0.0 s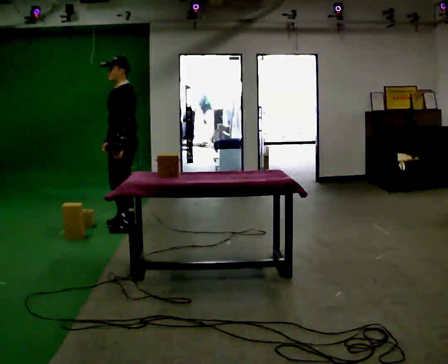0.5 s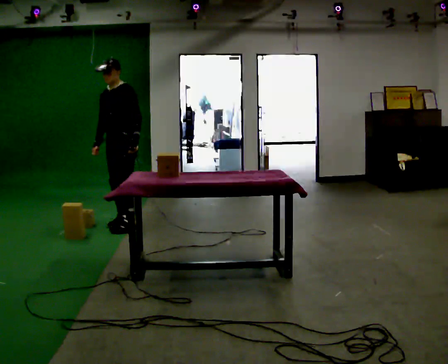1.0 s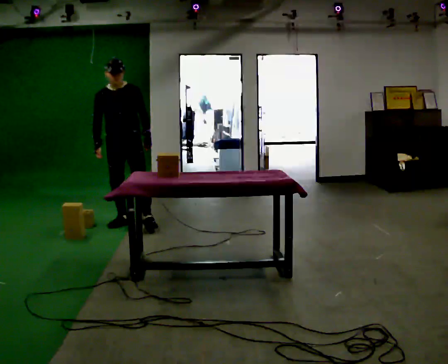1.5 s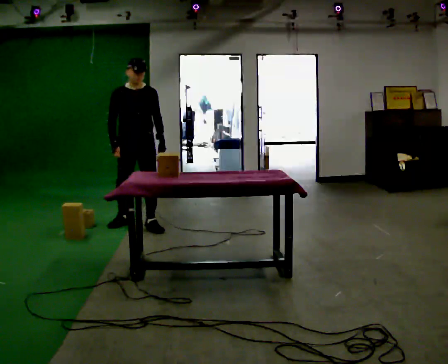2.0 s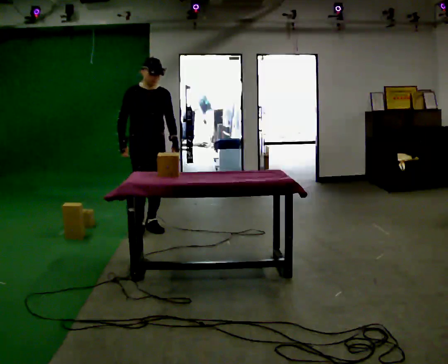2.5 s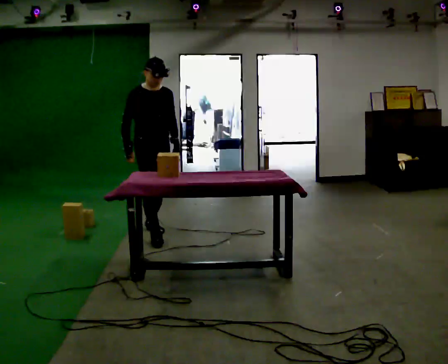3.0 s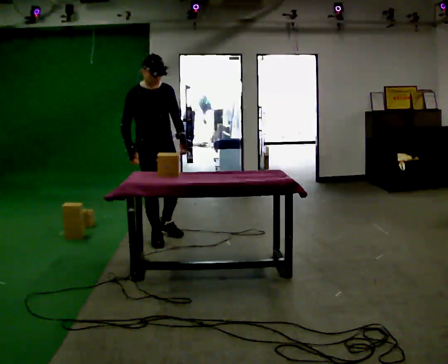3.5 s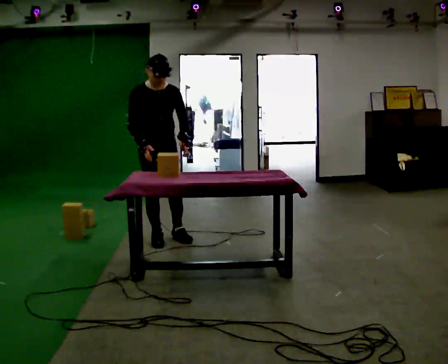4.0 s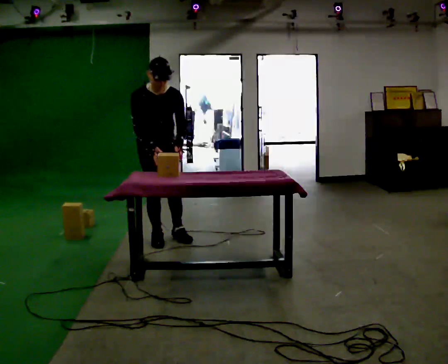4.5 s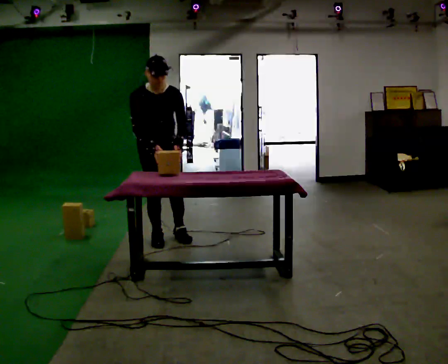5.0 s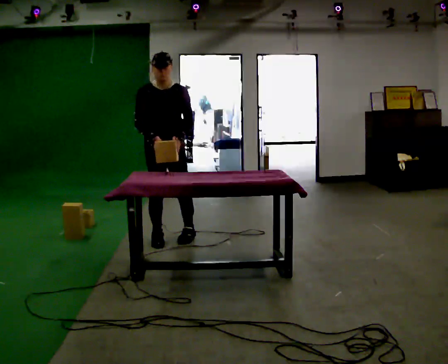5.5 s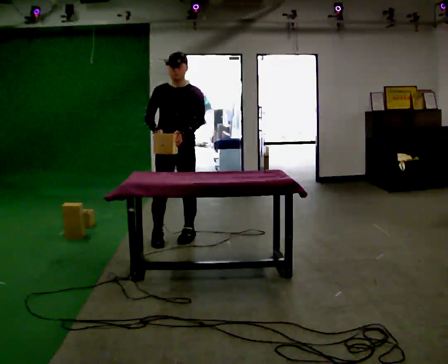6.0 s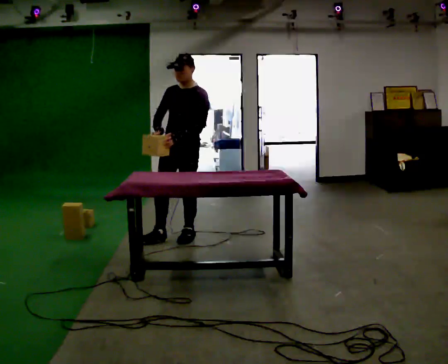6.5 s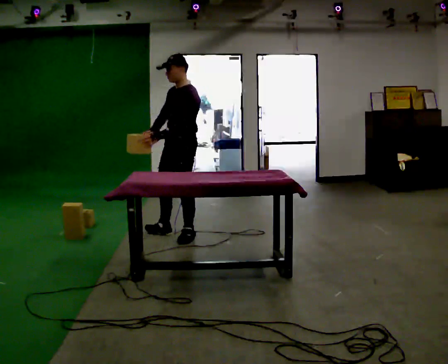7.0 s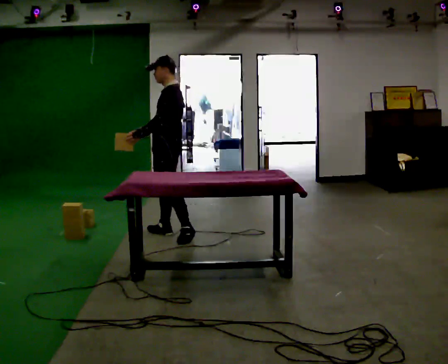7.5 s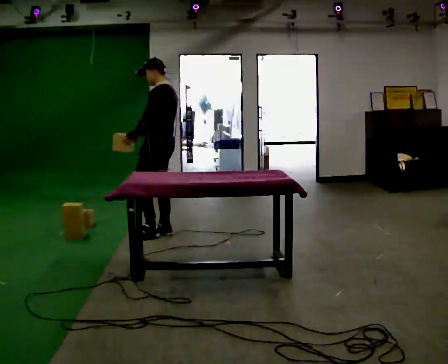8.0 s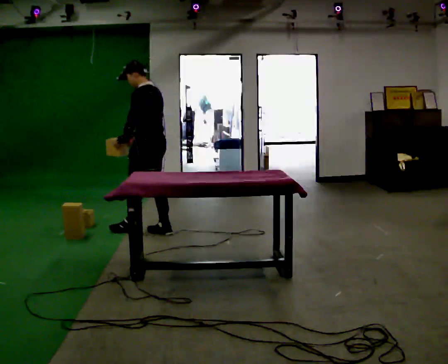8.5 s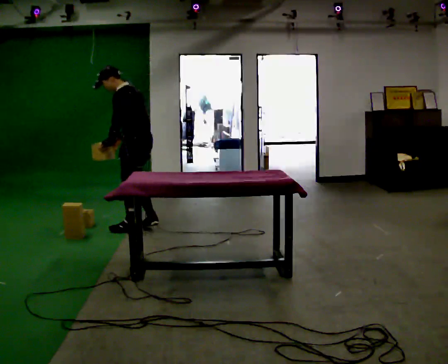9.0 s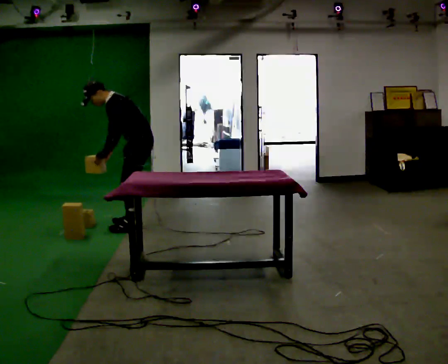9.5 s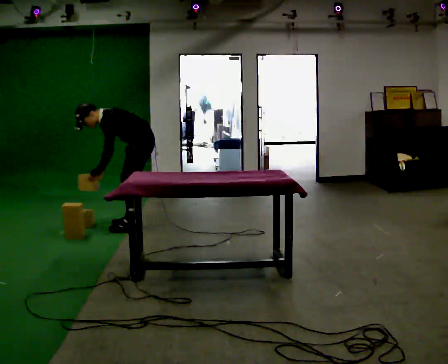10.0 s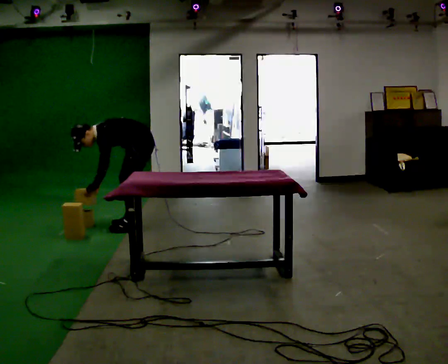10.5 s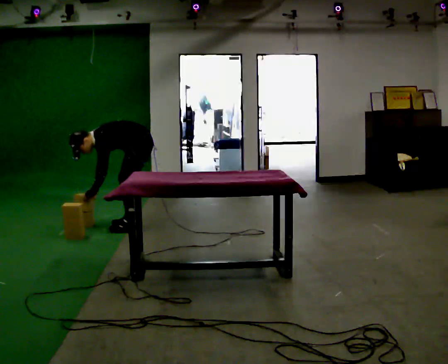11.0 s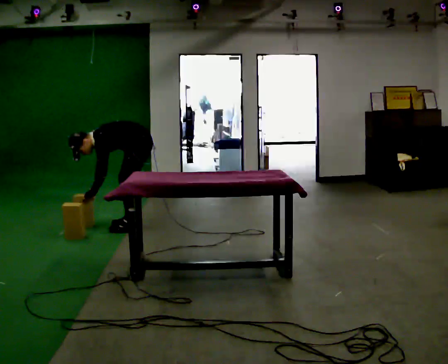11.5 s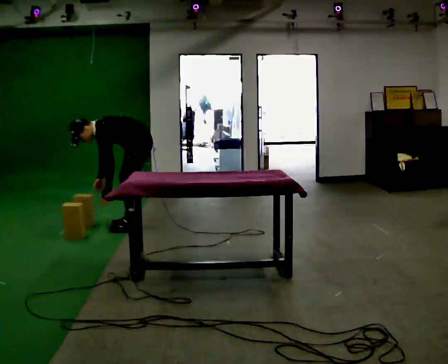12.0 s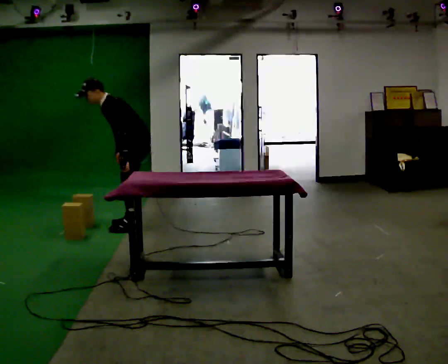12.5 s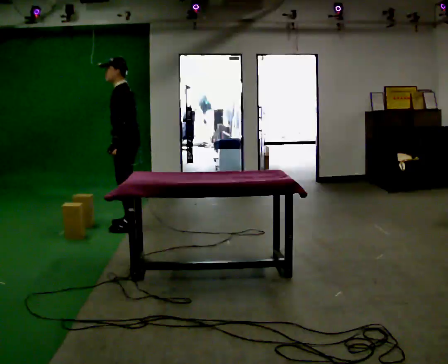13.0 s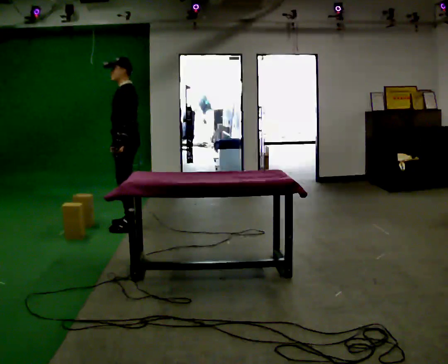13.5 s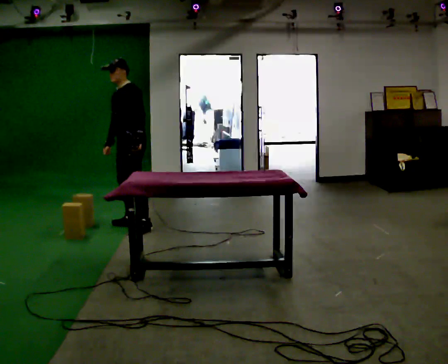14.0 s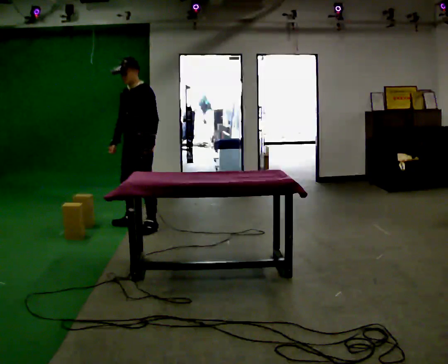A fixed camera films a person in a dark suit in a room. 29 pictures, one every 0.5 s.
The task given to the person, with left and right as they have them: Carry the object over and line it up with the mark on the surface as accurately as you can. Keep going until the operator says stop; one object at a time, and do not rush between trips.
0.0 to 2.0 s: Seen from above the body turns counterclockwise, about 90 degrees: to their left, with its near side sliding to the right. In the picture they go to the right, about 0.25 m in 1 step.
2.0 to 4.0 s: In the picture they go toward the camera, about 0.5 m in 2 steps, which for them is forward. The upper body tips toward the camera, its near side rolling downward, as they bend forward.
4.0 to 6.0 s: The part of the body nearest the lens slides to the left as the person turns to their right by about 60 degrees. In the picture they go to the right, about 0.25 m in 1 step, which for them is to their left. The upper body tips away from the camera, its near side rolling upward, as they lean back or straighten.
6.0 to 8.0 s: The part of the body nearest the lens slides to the left as the person turns to their right by about 75 degrees. In the picture they go to the left and away from the camera, about 0.5 m in 2 steps.
8.0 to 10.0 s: The part of the body nearest the lens slides to the right as the person turns to their left by about 45 degrees. In the picture they go away from the camera, about 0.25 m in 1 step, which for them is to their right and forward. The upper body goes downward. In the picture the upper body tilts counterclockwise, shoulders to the left, as they bend forward. In the picture their left hand goes downward.
10.0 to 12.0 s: The shoulders move upward. In the picture the upper body tilts clockwise, shoulders to the right, as they lean back or straighten. In the picture their left hand goes to the right and upward.
12.0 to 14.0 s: The person turns about 30 degrees to their left, counterclockwise seen from above, so the part of the body nearest the lens slides to the right.
The film runs forward here.
